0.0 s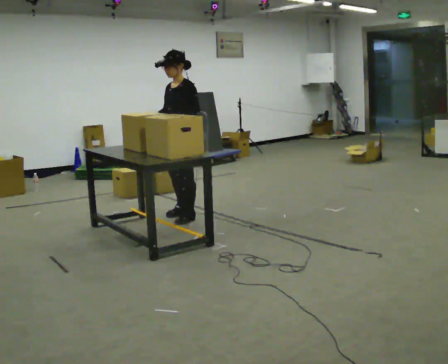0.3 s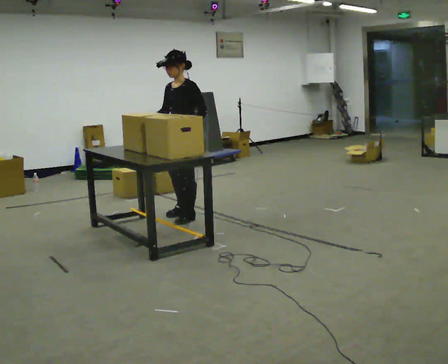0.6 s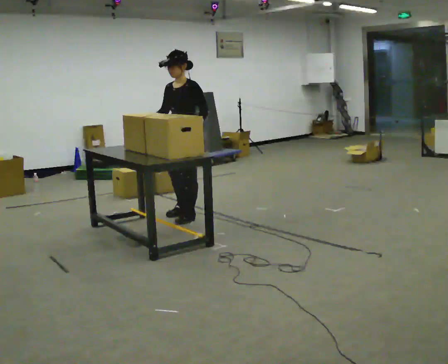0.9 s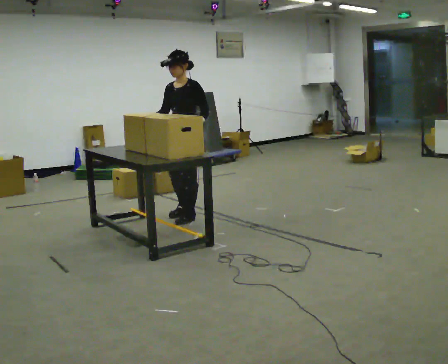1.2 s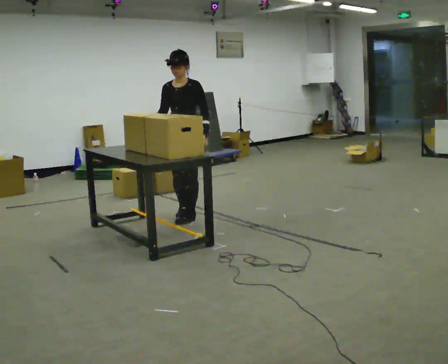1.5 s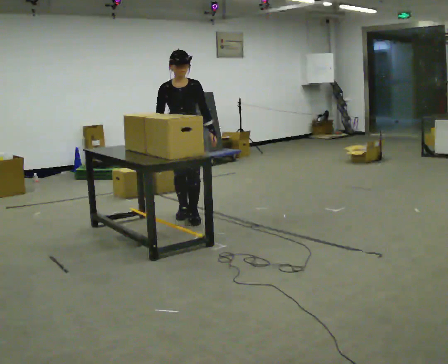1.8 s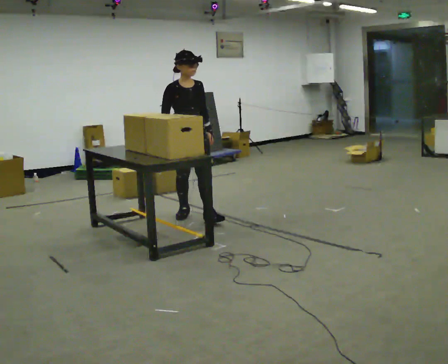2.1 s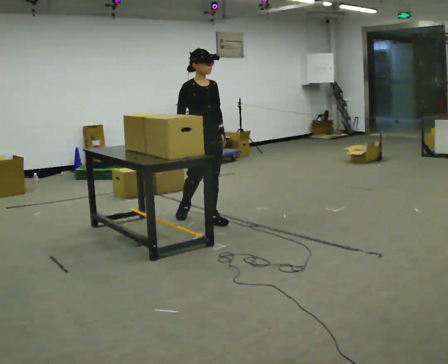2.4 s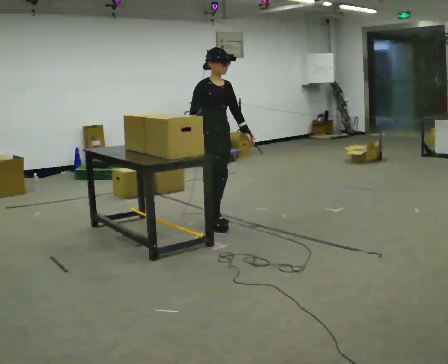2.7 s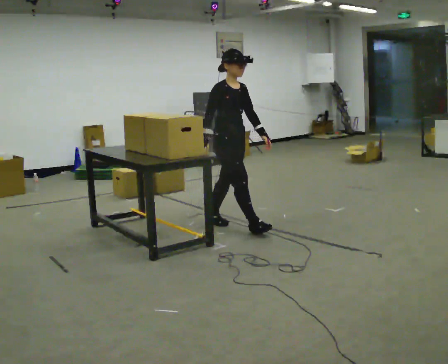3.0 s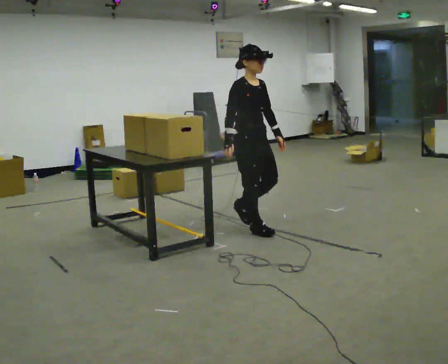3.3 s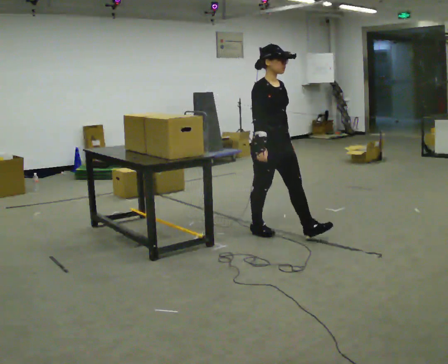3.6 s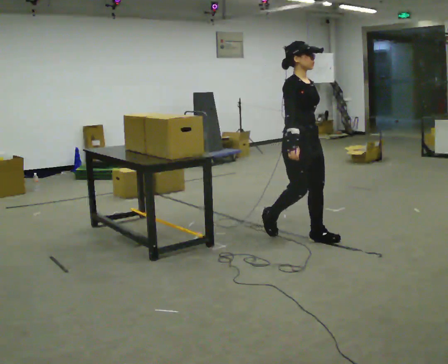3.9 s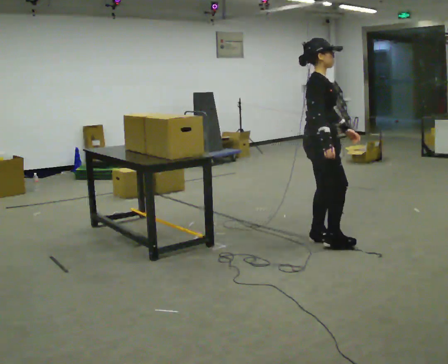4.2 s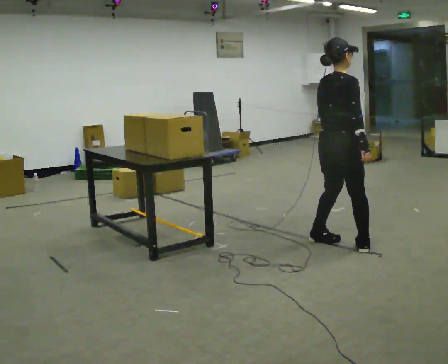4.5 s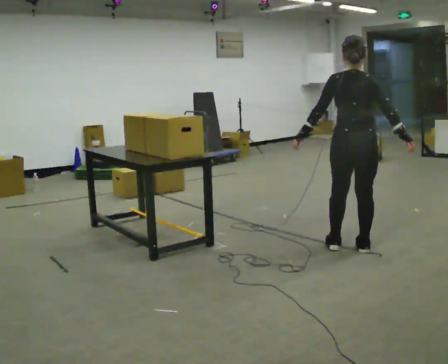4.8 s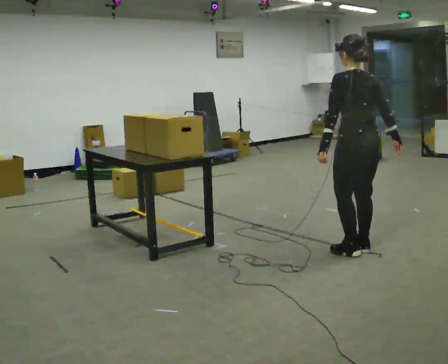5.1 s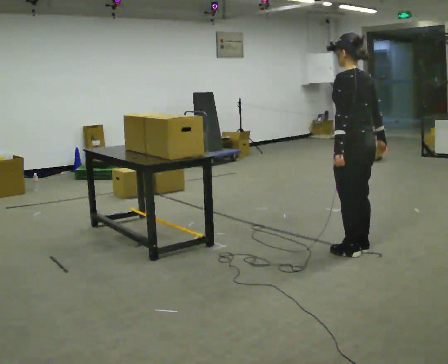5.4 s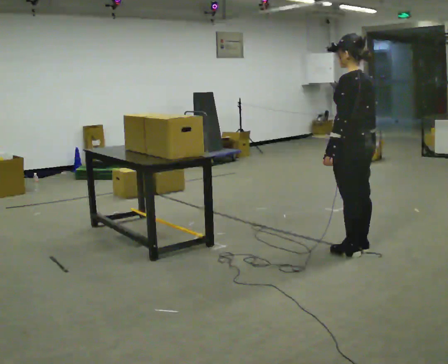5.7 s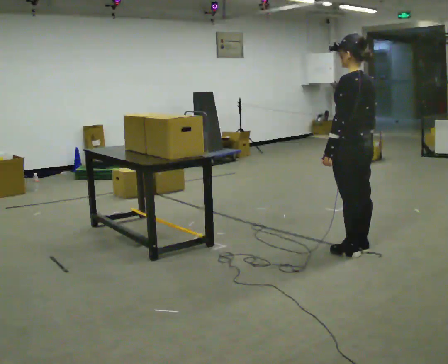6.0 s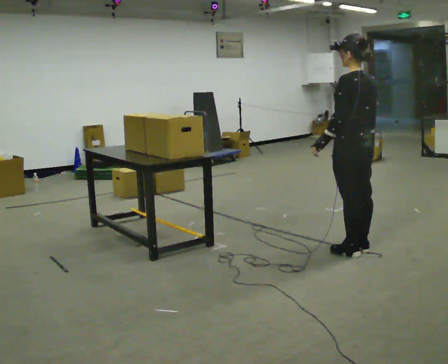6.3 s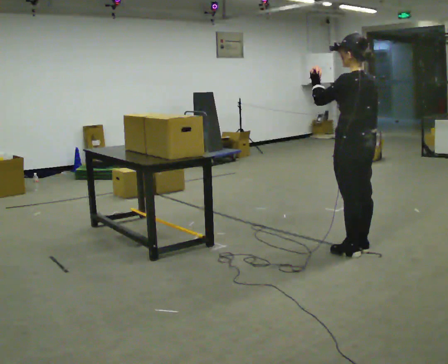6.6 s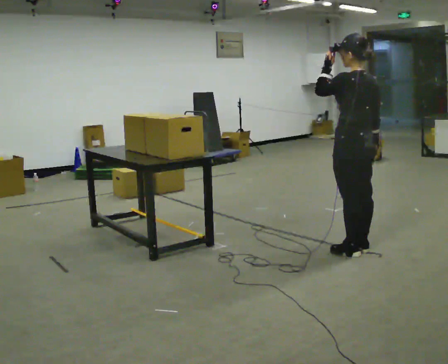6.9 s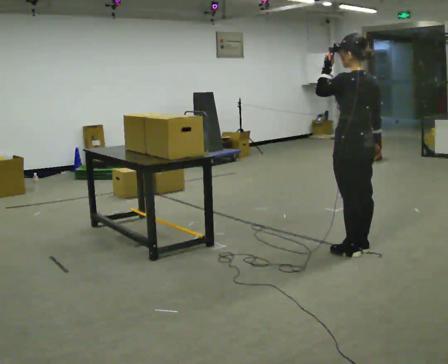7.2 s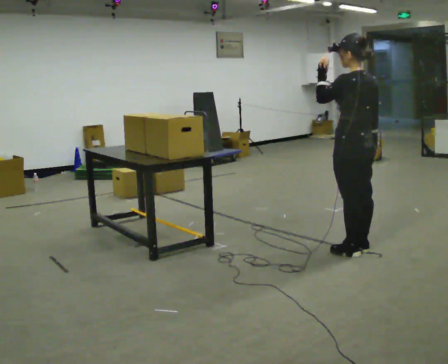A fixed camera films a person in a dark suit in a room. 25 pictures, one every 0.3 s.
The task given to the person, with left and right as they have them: Pick up the next box in the row and carry it to the table. The operator will not tell you how heavy each one is. Keep going until the operator says stop; one object at a time, and do not rush between trips.
0.0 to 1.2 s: Seen from above the body turns counterclockwise, about 30 degrees: to their left, with its near side sliding to the right.
1.2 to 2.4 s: The person turns about 75 degrees to their left, counterclockwise seen from above, so the part of the body nearest the lens slides to the right. In the picture they go to the right and toward the camera, about 0.25 m in 1 step.
2.4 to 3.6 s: In the picture they go to the right and toward the camera, about 1 m in 2 steps, which for them is forward.
3.6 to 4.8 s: Seen from above the body turns counterclockwise, about 165 degrees: to their left, with its near side sliding to the right. In the picture they go to the right and toward the camera, about 0.5 m in 2 steps.
4.8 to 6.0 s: The person moves a little, or ends about where they began.
6.0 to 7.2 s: In the picture their left hand goes upward.
The film runs forward here.
